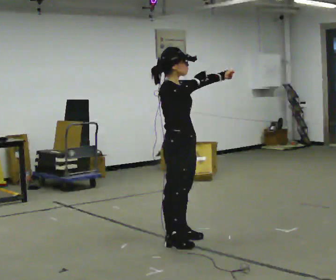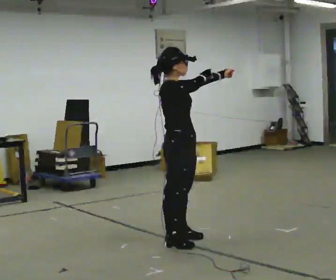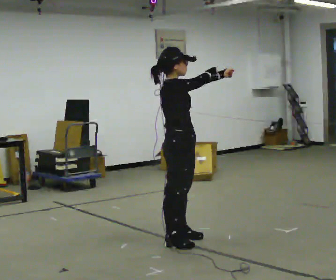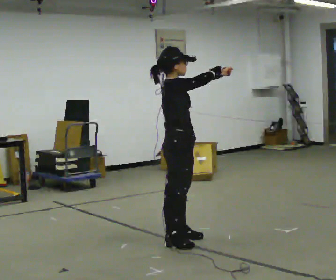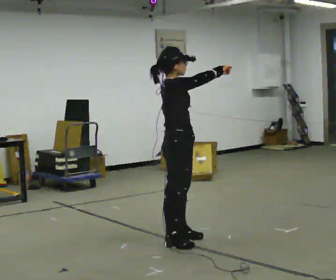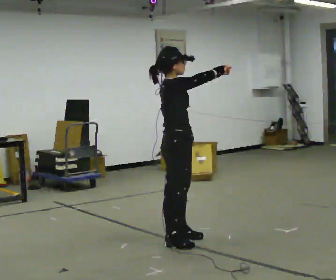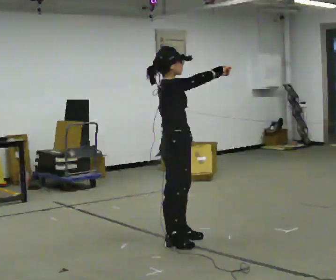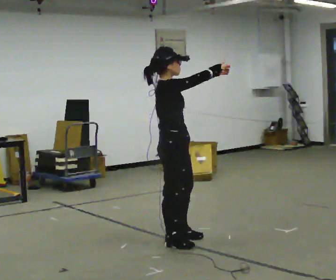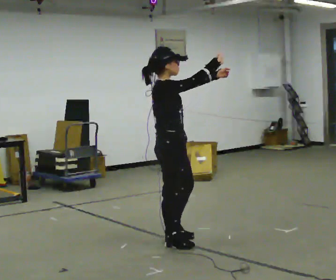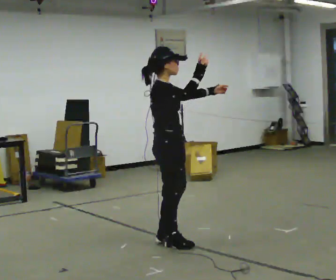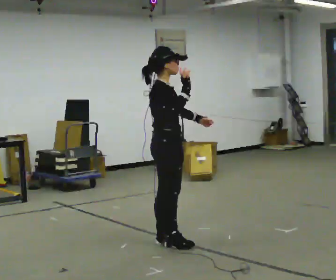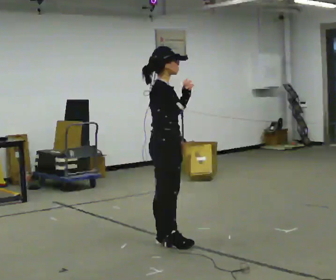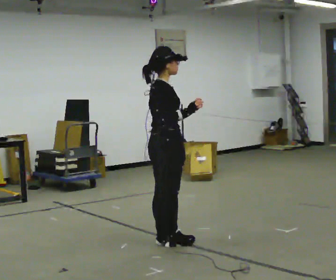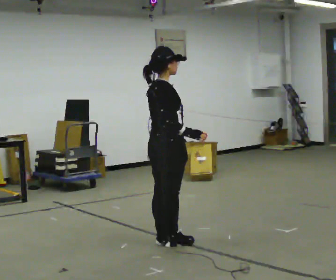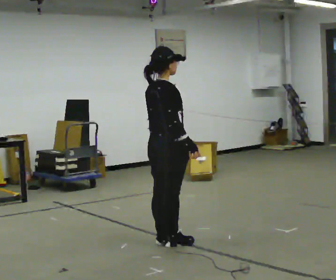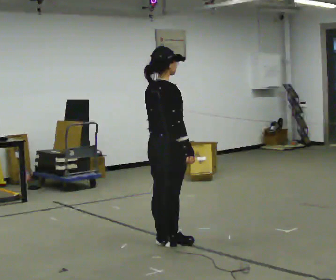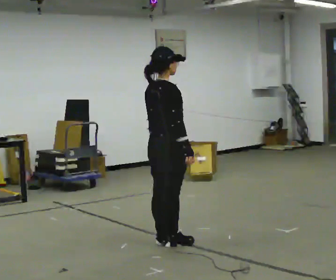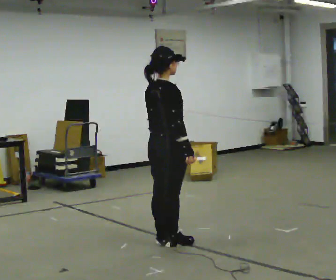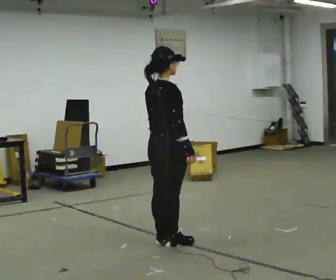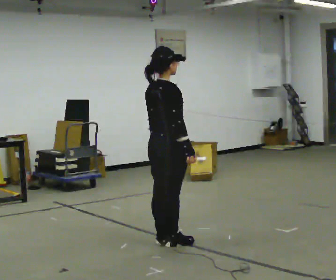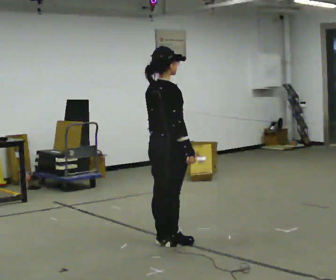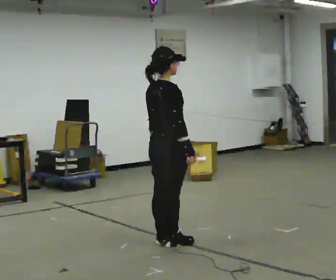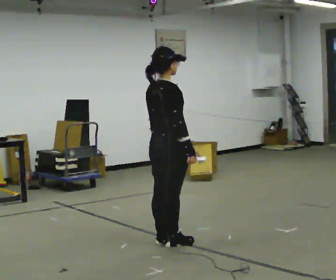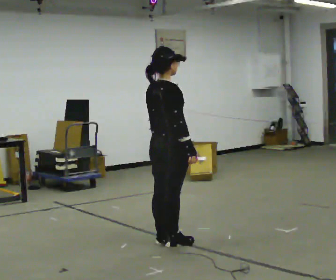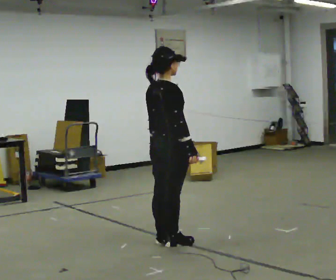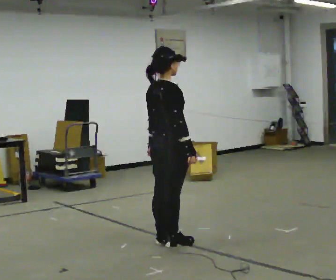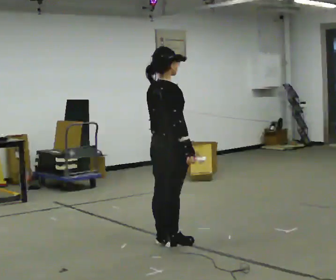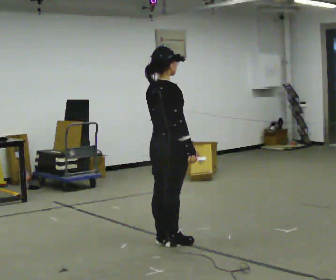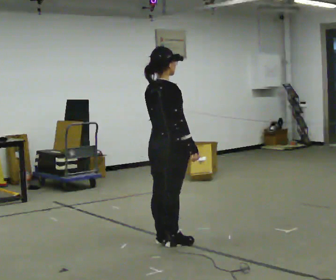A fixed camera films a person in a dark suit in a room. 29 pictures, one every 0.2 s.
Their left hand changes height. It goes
downward.
0.0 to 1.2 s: The person moves a little, or ends about where they began.
1.2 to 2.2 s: In the picture their left hand goes downward and to the left, the arm swinging clockwise.
2.2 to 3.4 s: The part of the body nearest the lens slides to the right as the person turns to their left by about 30 degrees. In the picture their right hand goes downward.
3.4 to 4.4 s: The person keeps their place and pose.
4.4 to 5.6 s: The person moves a little, or ends about where they began.
The film runs backward here.
